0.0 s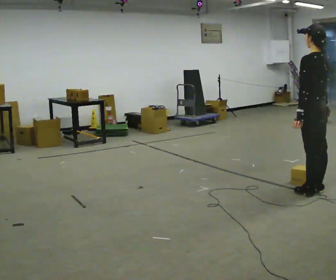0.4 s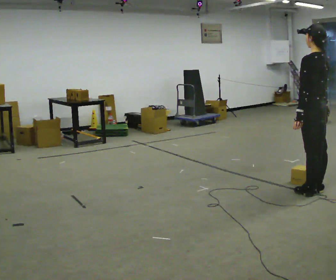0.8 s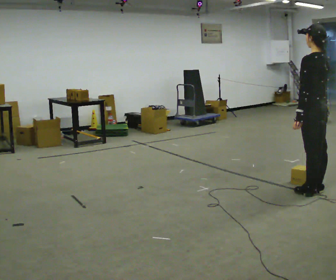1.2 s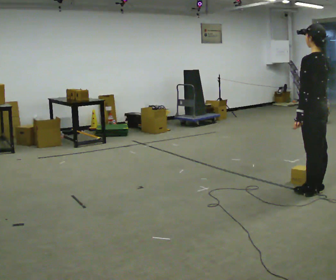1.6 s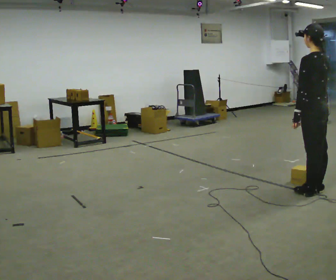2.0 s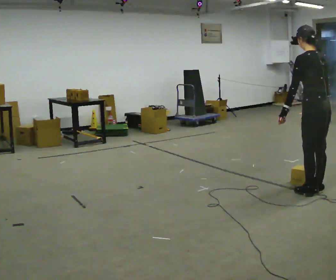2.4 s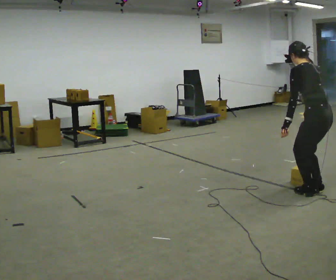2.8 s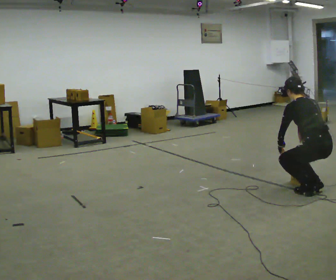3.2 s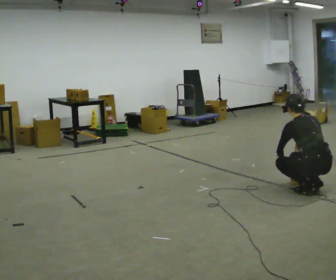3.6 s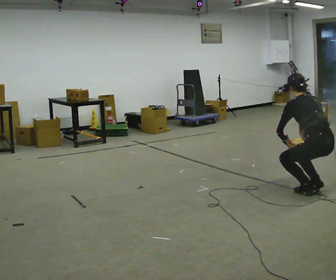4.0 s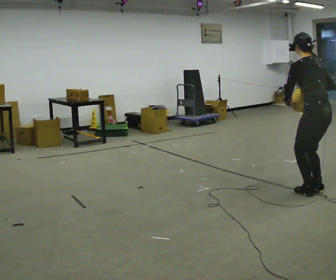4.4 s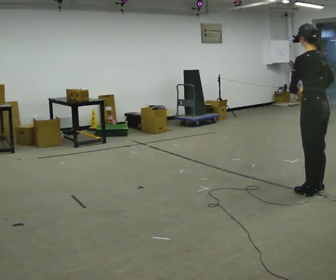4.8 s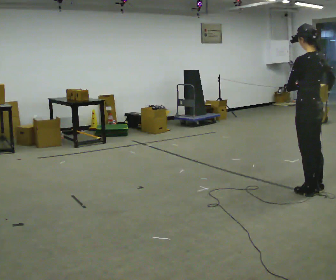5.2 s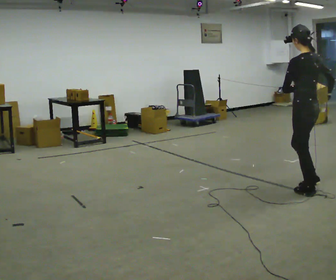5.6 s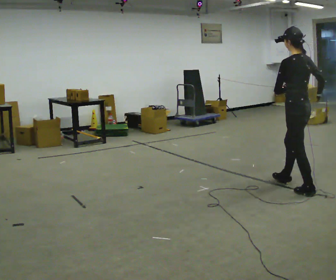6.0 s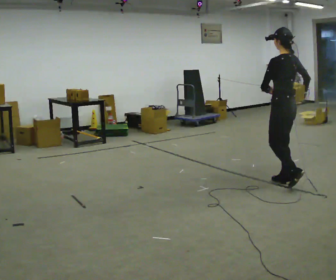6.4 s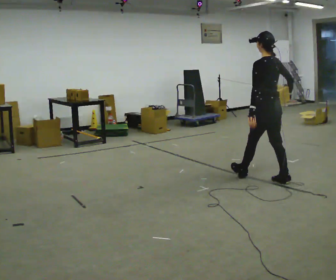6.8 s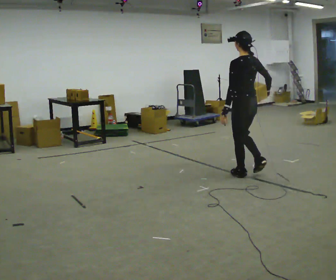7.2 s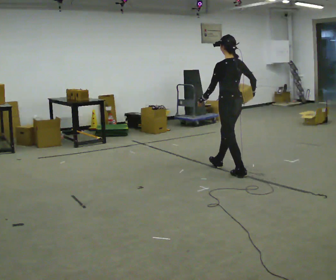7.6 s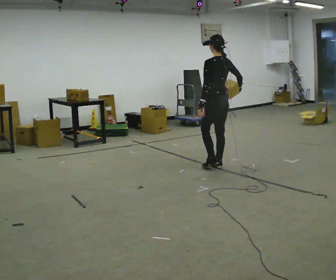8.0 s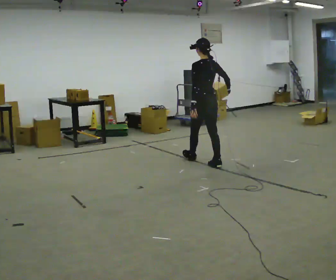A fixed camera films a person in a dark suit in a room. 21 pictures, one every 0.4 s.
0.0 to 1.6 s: The person moves a little, or ends about where they began.
1.6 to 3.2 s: The upper body goes downward. The upper body tips away from the camera, its near side rolling upward, as they bend forward. In the picture their left hand goes downward.
3.2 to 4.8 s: The shoulders move upward. The upper body tips toward the camera, its near side rolling downward, as they lean back or straighten. In the picture their right hand goes upward.
4.8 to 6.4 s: In the picture they go away from the camera and to the left, about 0.5 m in 1 step, which for them is forward.
6.4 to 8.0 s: In the picture they go away from the camera and to the left, about 1 m in 3 steps, which for them is forward.
The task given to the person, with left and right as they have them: Carry the object in the hand the operator calls, down at your side, walking back and forth across the room.
The film runs forward here.
